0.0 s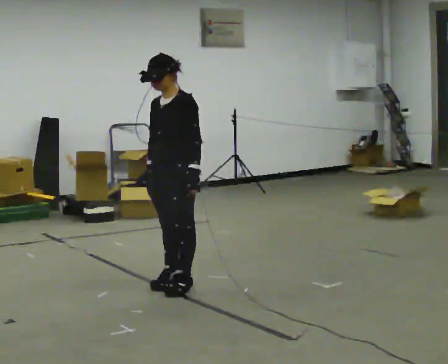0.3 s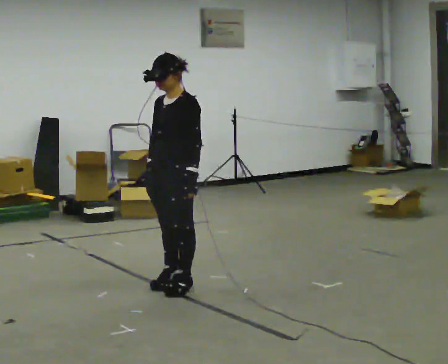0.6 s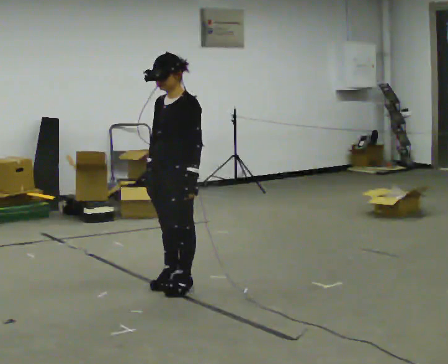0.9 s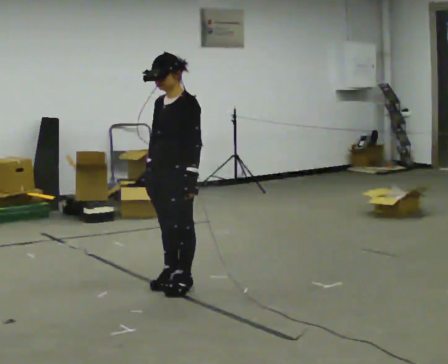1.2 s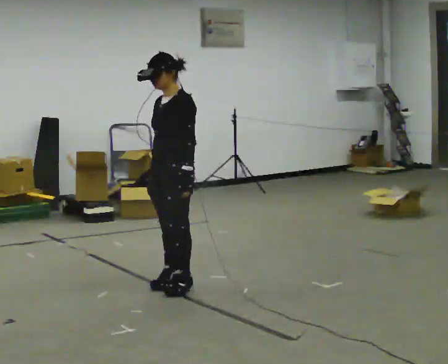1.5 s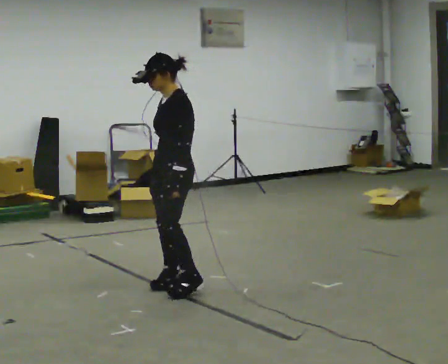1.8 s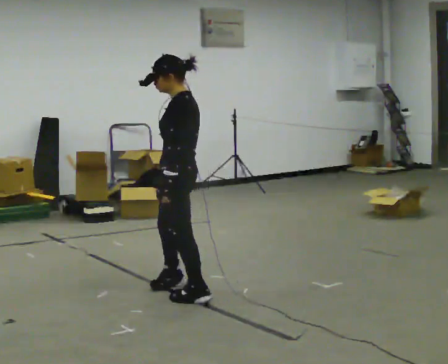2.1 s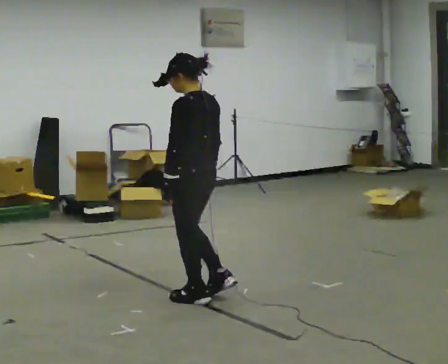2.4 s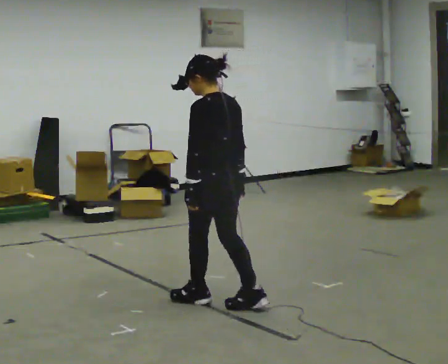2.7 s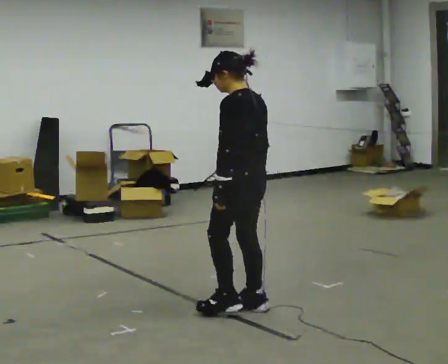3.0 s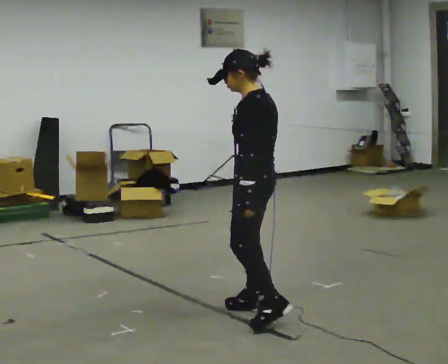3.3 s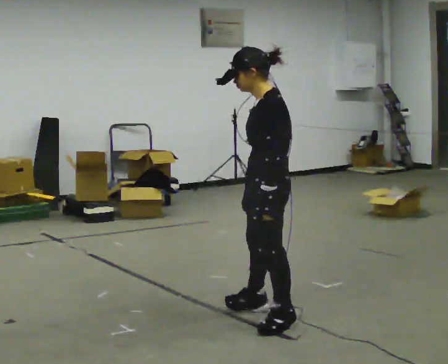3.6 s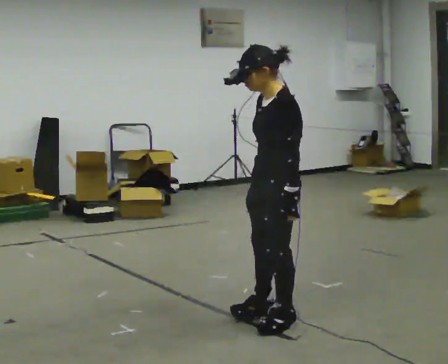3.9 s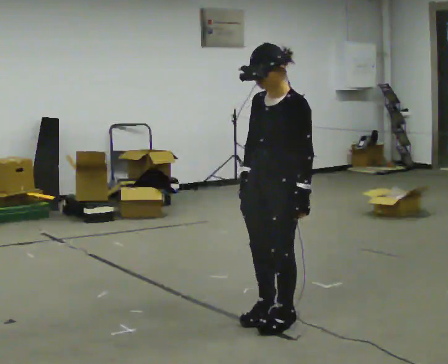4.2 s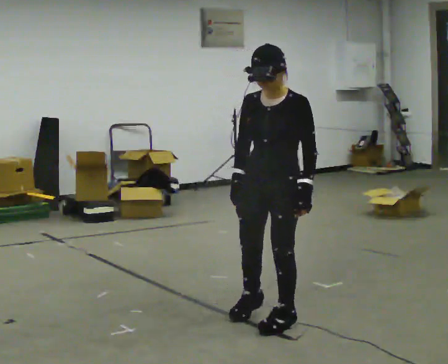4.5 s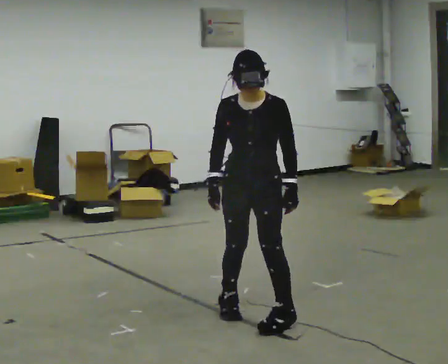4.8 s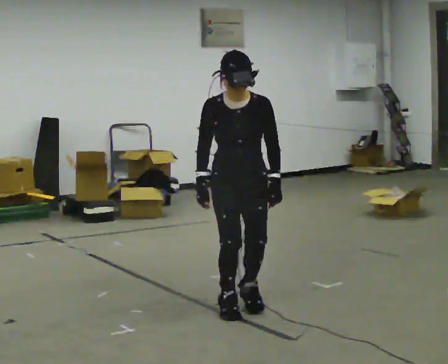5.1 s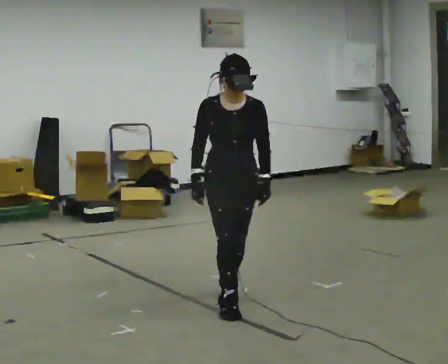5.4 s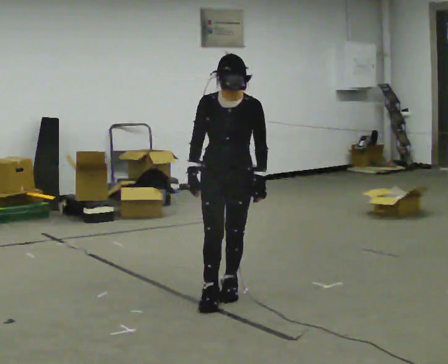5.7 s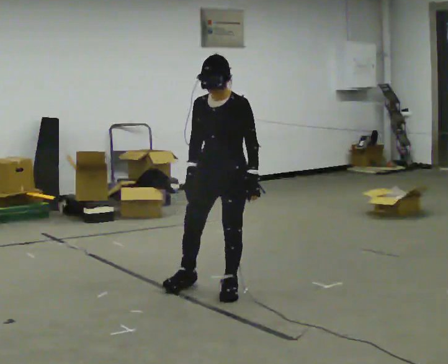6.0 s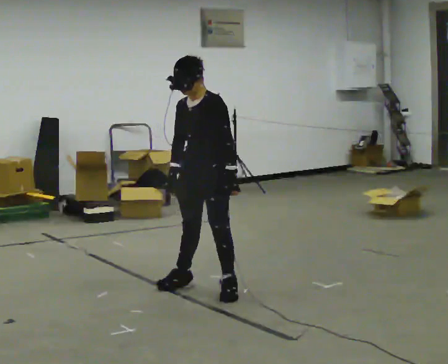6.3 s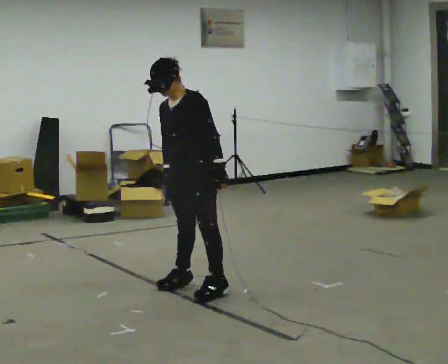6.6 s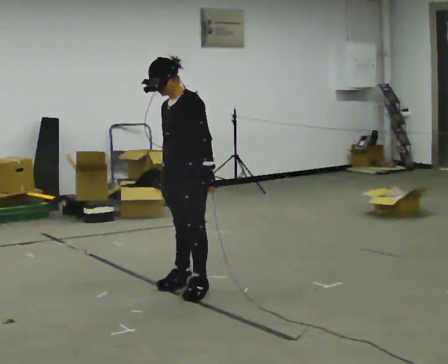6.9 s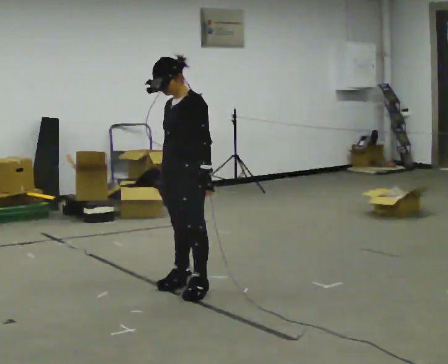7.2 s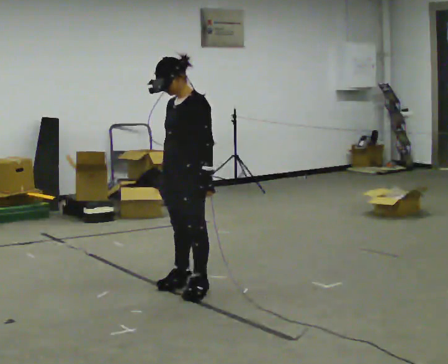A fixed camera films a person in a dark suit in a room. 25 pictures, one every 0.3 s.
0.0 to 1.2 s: The person moves a little, or ends about where they began.
1.2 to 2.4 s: The person turns about 75 degrees to their right, clockwise seen from above, so the part of the body nearest the lens slides to the left. In the picture they go toward the camera and to the right, about 0.5 m in 2 steps.
2.4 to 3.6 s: The part of the body nearest the lens slides to the right as the person turns to their left by about 60 degrees. In the picture they go toward the camera and to the right, about 0.5 m in 2 steps, which for them is backward and to their left.
3.6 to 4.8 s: The part of the body nearest the lens slides to the right as the person turns to their left by about 75 degrees. In the picture they go away from the camera and to the left, about 0.25 m in 2 steps.
4.8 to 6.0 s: The part of the body nearest the lens slides to the left as the person turns to their right by about 45 degrees. In the picture they go away from the camera and to the left, about 0.5 m in 1 step, which for them is backward and to their right.
6.0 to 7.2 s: The person moves a little, or ends about where they began.
The film runs backward here.
